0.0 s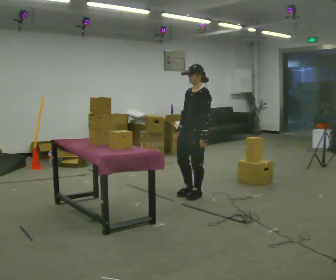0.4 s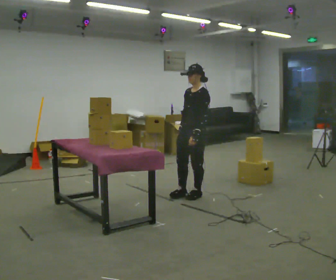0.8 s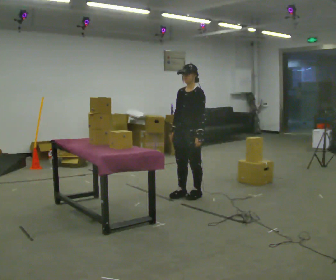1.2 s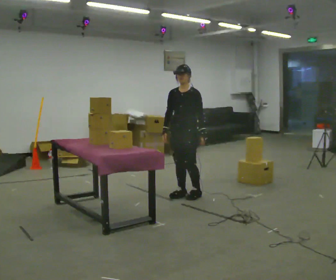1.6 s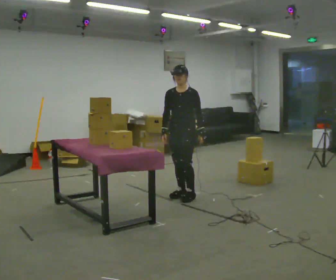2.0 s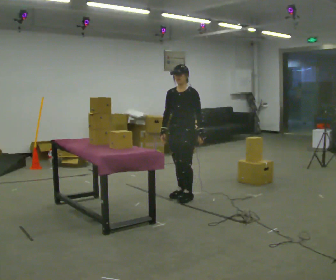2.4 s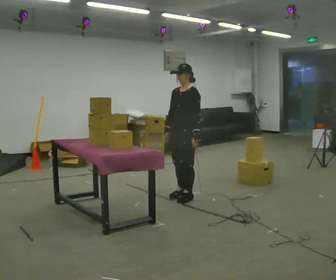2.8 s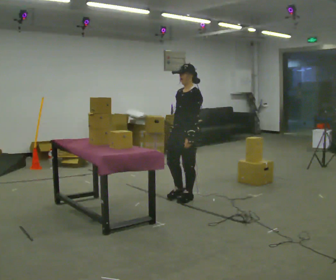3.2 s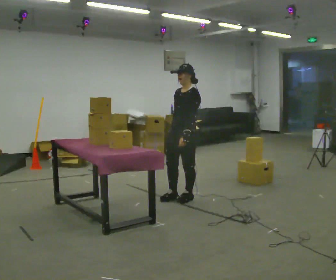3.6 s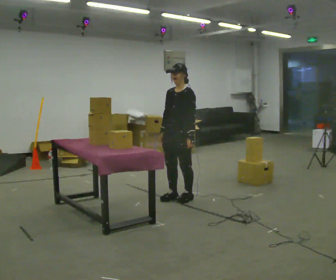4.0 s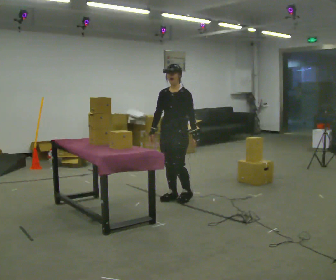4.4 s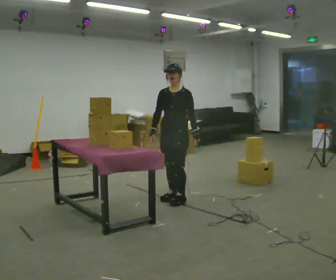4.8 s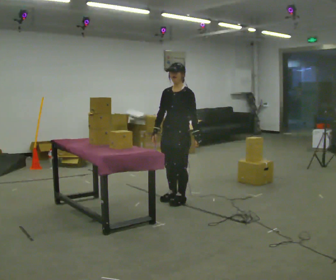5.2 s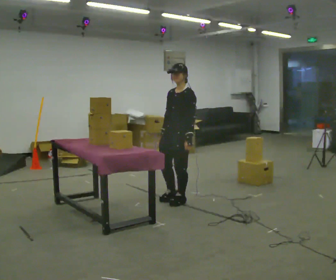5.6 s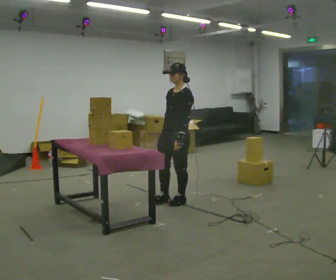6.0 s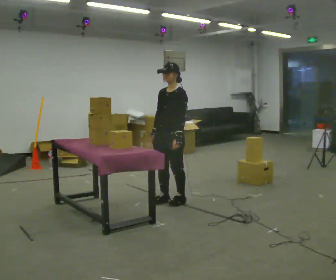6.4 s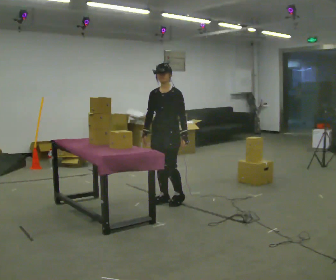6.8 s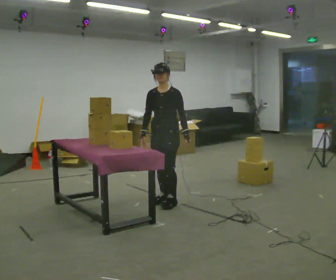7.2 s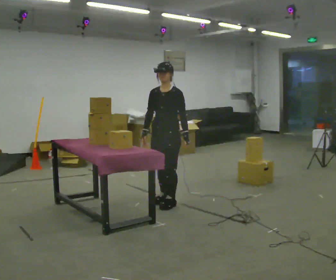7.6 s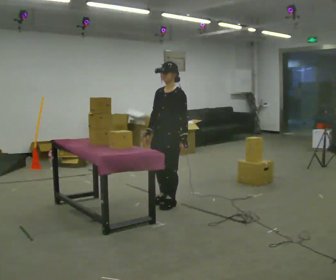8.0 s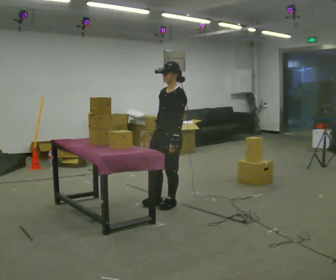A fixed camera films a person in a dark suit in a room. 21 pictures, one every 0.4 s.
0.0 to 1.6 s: Seen from above the body turns counterclockwise, about 30 degrees: to their left, with its near side sliding to the right. In the picture they go to the left, about 0.25 m in 1 step, which for them is to their right.
1.6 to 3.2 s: In the picture they go toward the camera, about 0.25 m in 1 step, which for them is to their left.
3.2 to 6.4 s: In the picture they go to the left, about 0.25 m in 2 steps, which for them is forward.
6.4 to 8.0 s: The part of the body nearest the lens slides to the left as the person turns to their right by about 30 degrees. In the picture they go toward the camera, about 0.25 m in 2 steps, which for them is to their left.
The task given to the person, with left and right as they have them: Take an object out of the bin at knee height, carry it across the room, and place it on the chest-height shelf. Keep going until the operator says stop; one object at a time, and do not rush between trips.
The film runs forward here.
